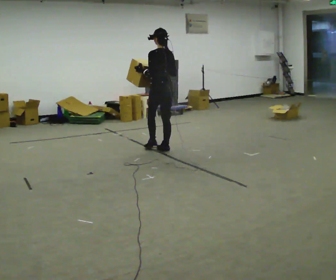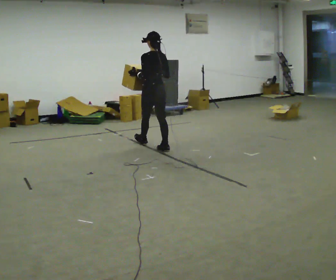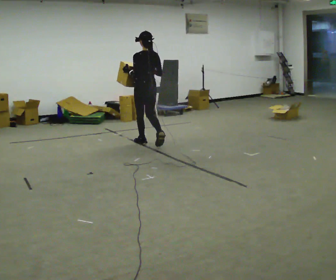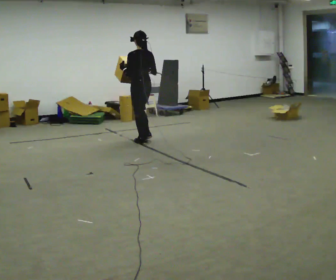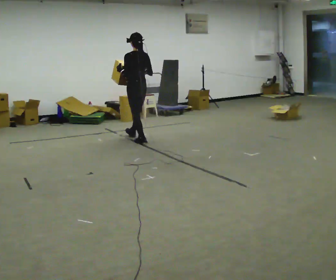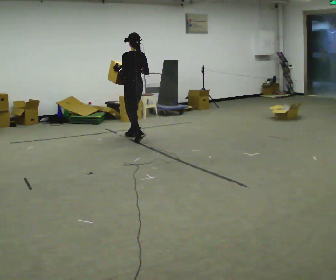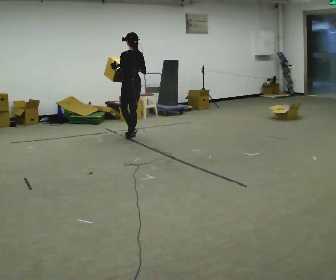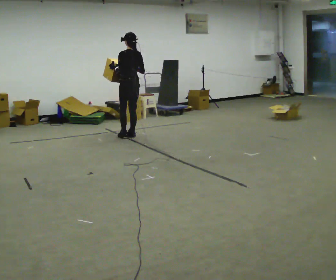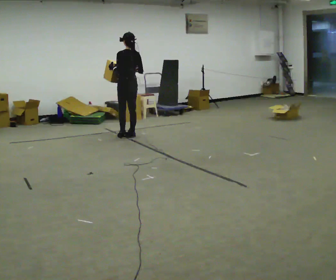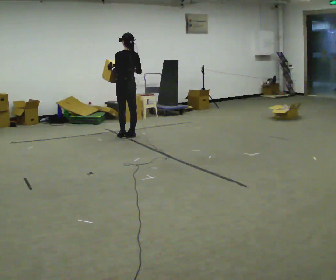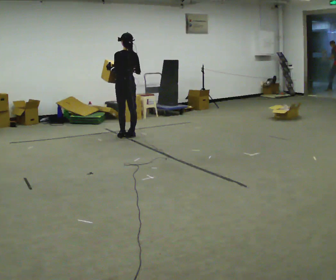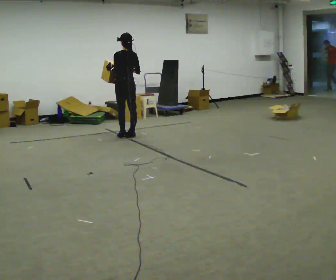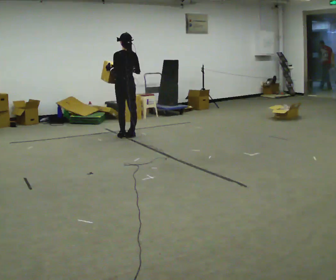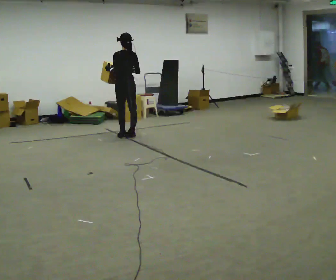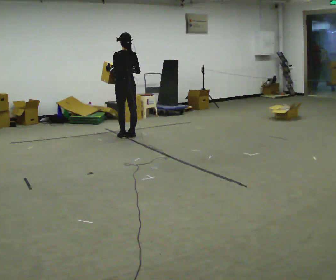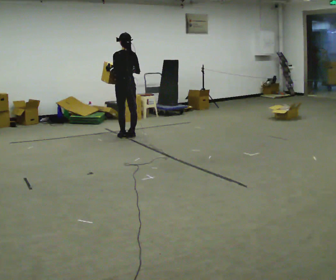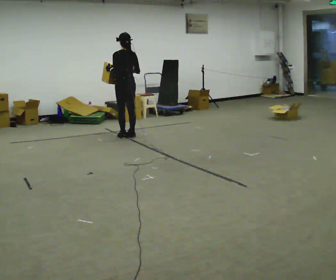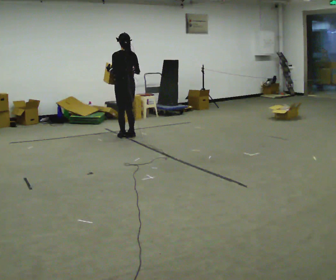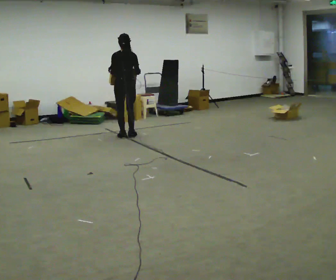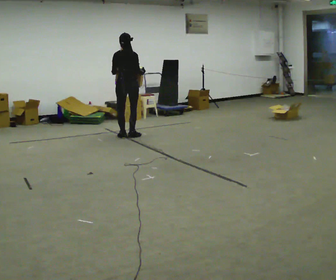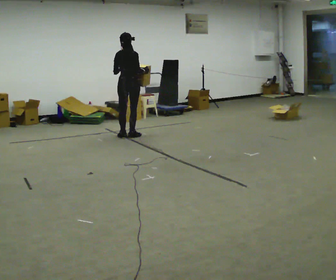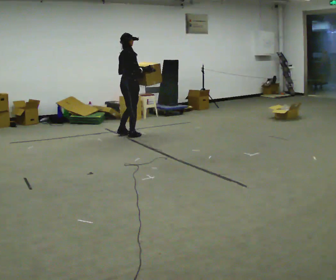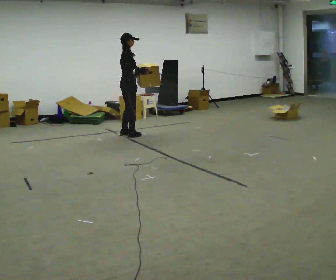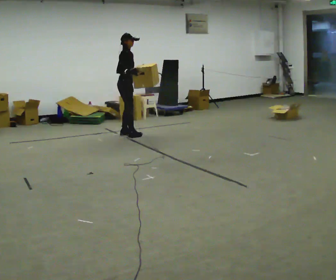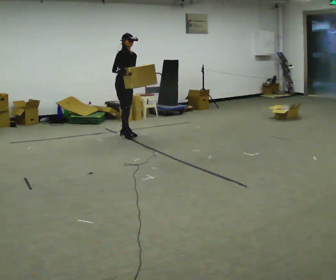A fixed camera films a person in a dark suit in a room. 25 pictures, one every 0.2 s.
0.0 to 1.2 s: In the picture they go away from the camera and to the left, about 1 m in 2 steps, which for them is forward.
1.2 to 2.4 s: The person moves a little, or ends about where they began.
2.4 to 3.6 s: Seen from above the body turns clockwise, about 30 degrees: to their right, with its near side sliding to the left.
3.6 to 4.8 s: The person turns about 135 degrees to their right, clockwise seen from above, so the part of the body nearest the lens slides to the left. In the picture they go away from the camera, about 0.25 m in 1 step.
The film runs forward here.
